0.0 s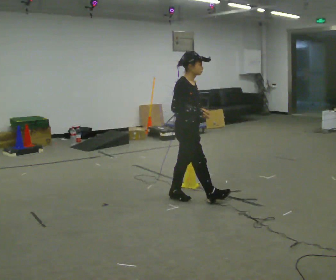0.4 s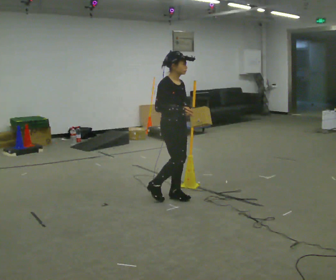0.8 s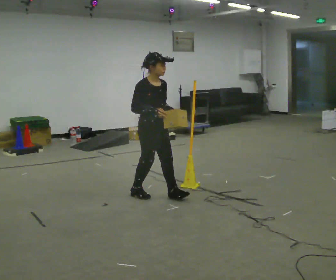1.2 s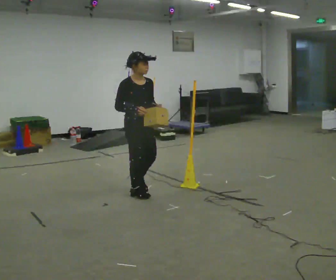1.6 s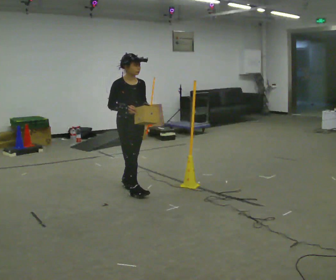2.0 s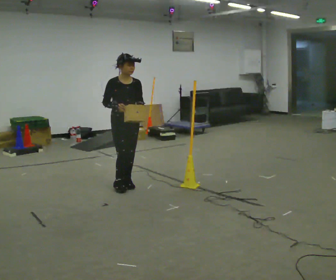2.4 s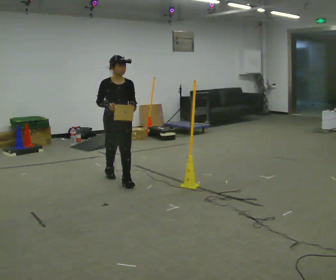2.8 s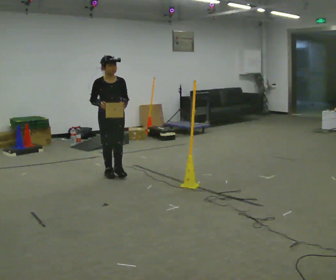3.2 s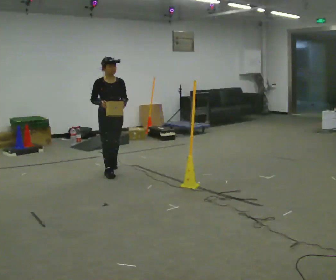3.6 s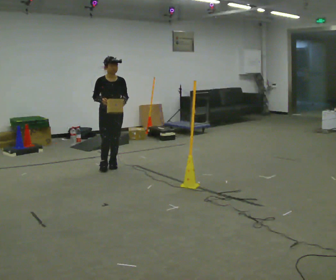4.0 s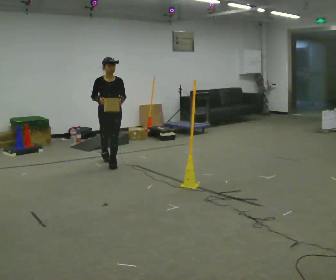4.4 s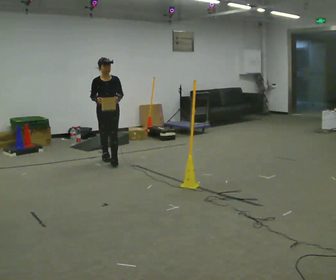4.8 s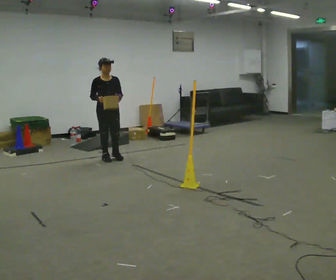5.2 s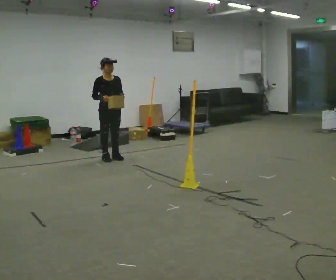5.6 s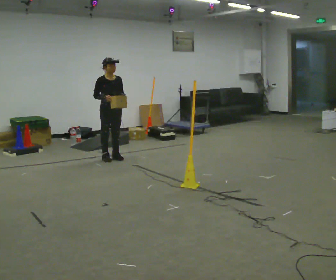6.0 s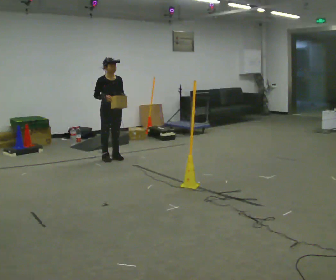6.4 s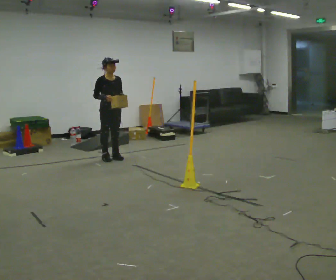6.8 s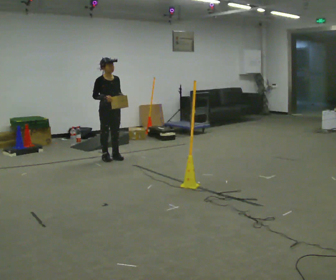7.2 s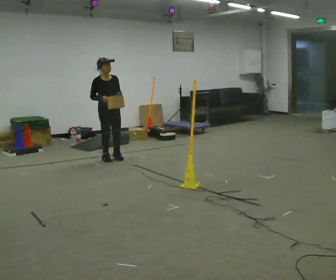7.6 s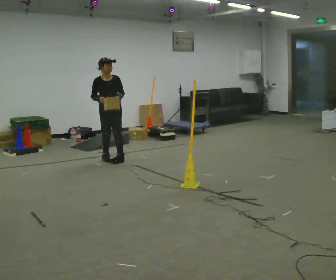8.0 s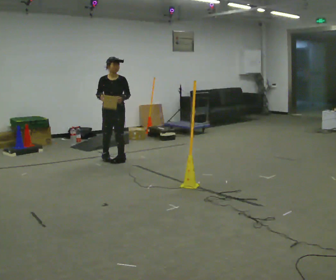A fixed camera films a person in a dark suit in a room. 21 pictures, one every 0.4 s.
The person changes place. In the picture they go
away from the camera.
The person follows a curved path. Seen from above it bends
clockwise.
0.0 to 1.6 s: The person turns about 30 degrees to their right, clockwise seen from above, so the part of the body nearest the lens slides to the left. In the picture they go to the left and away from the camera, about 0.75 m in 1 step, which for them is backward.
1.6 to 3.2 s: In the picture they go away from the camera, about 1 m in 2 steps, which for them is backward.
3.2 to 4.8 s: In the picture they go away from the camera, about 0.5 m in 2 steps, which for them is backward.
4.8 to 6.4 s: The person moves a little, or ends about where they began.
6.4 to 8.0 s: The person turns about 30 degrees to their right, clockwise seen from above, so the part of the body nearest the lens slides to the left. In the picture they go toward the camera, about 0.25 m in 1 step, which for them is forward.
The film runs backward here.
